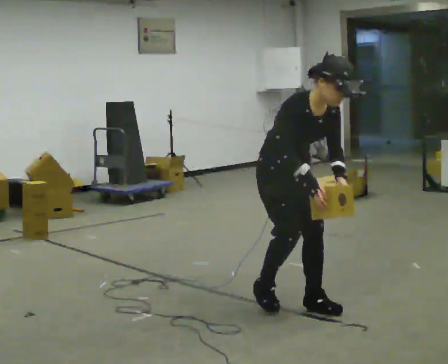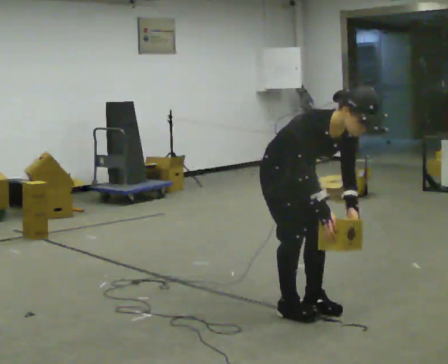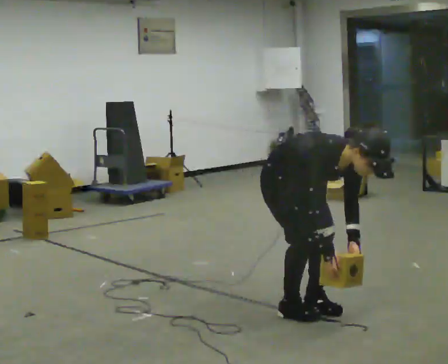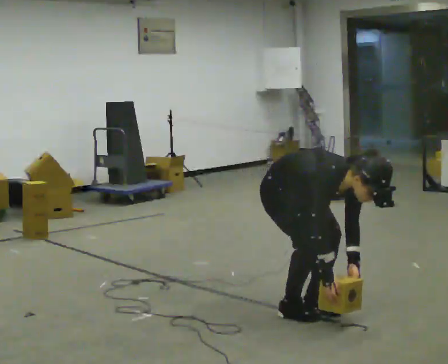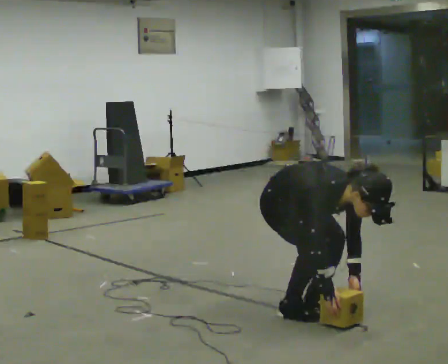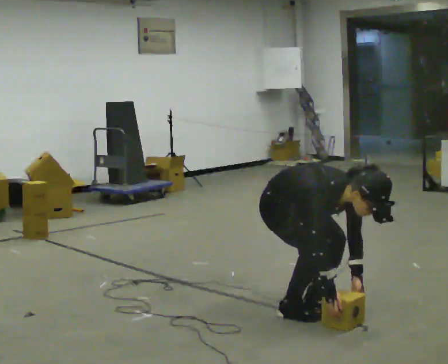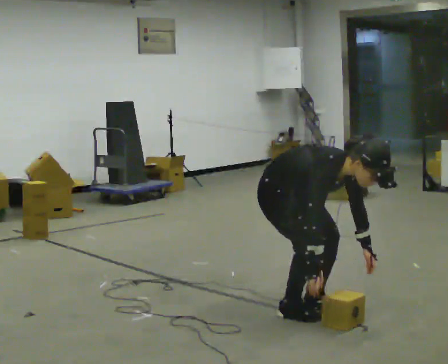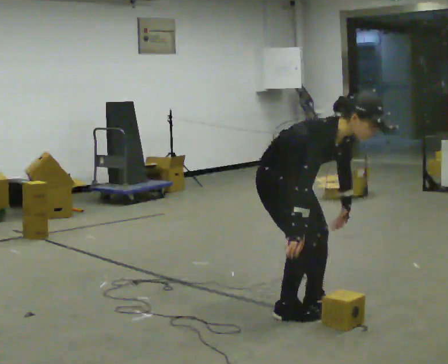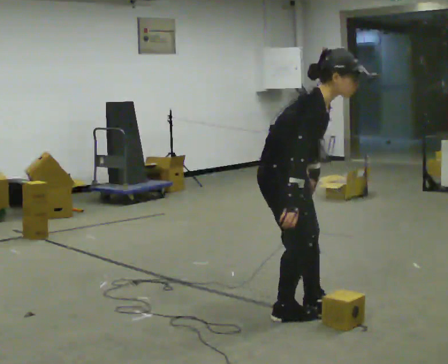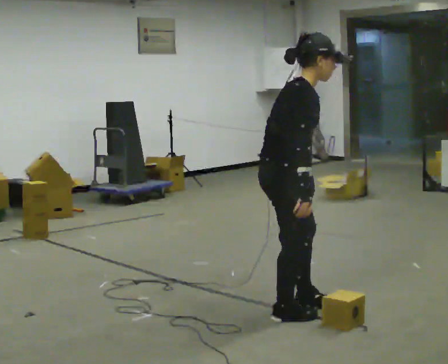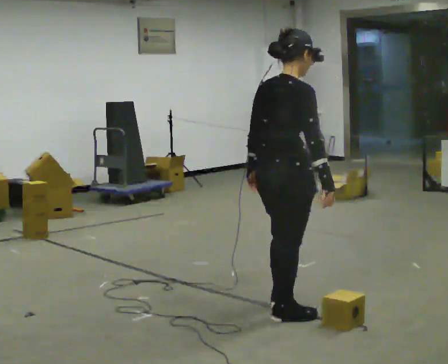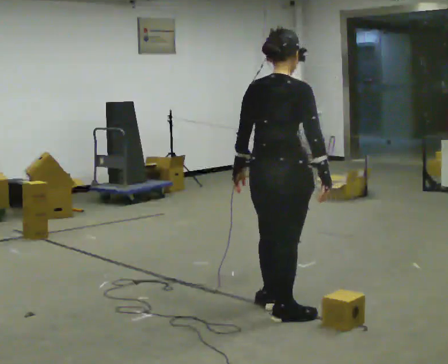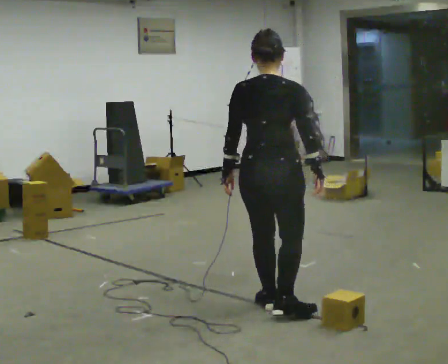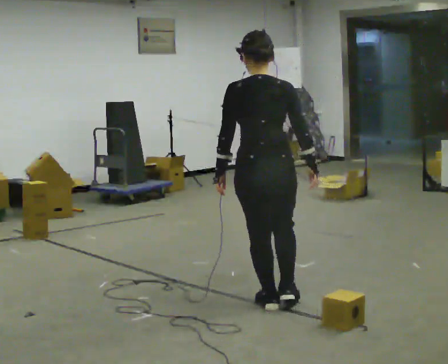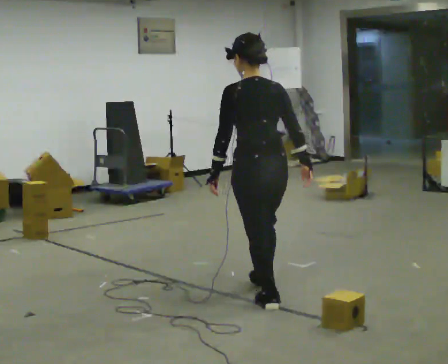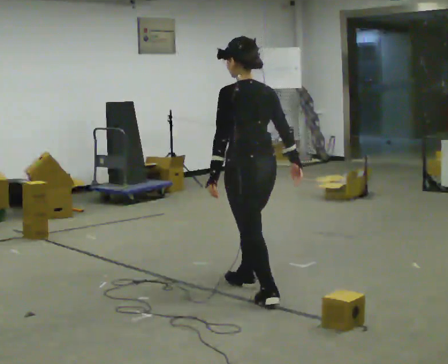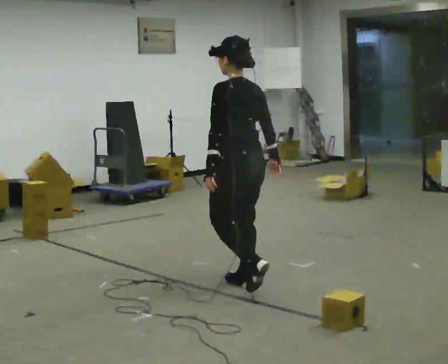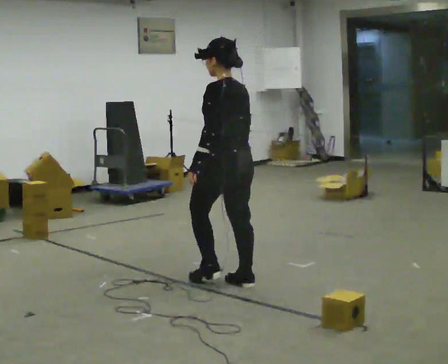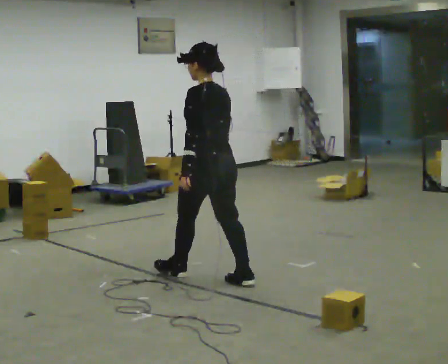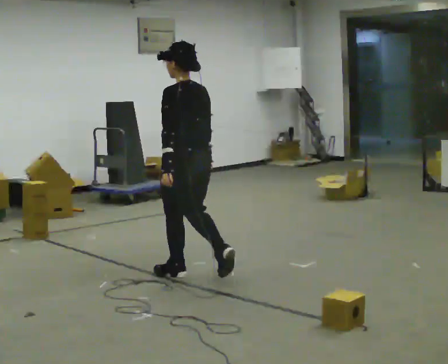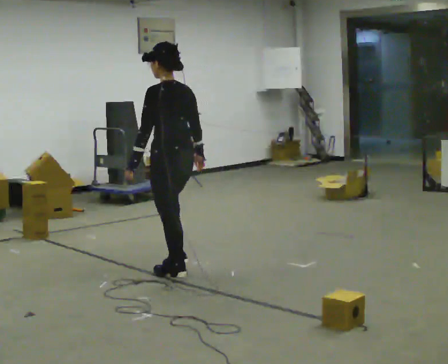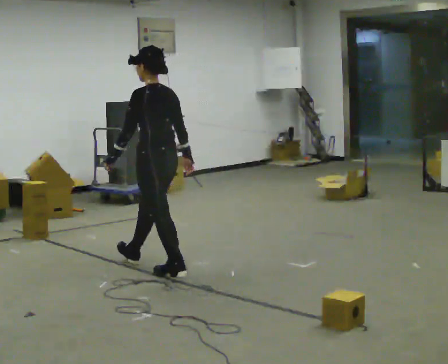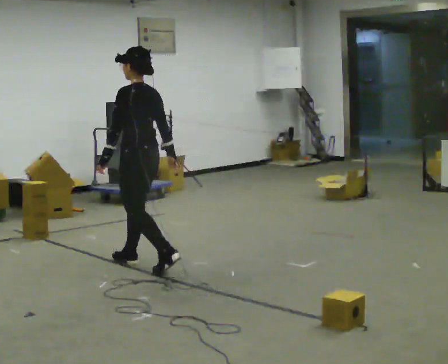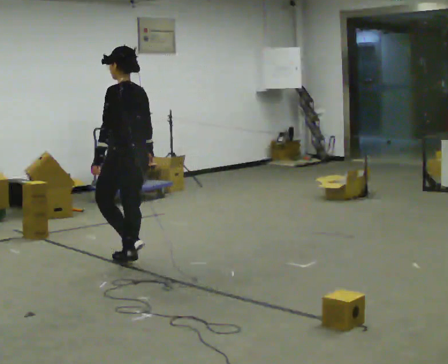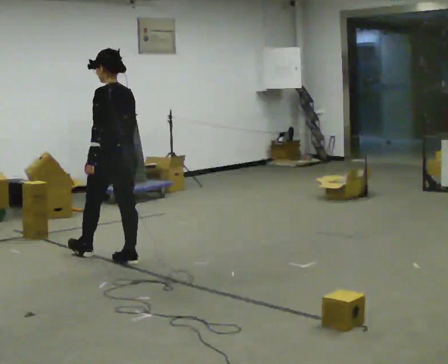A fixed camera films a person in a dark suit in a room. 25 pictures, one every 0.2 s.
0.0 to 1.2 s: In the picture their left hand goes downward.
1.2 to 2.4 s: The part of the body nearest the lens slides to the right as the person turns to their left by about 105 degrees. The shoulders move upward. In the picture the upper body tilts counterclockwise, shoulders to the left, as they lean back or straighten. In the picture their left hand goes to the left and upward, the arm swinging clockwise.
2.4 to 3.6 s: The part of the body nearest the lens slides to the right as the person turns to their left by about 60 degrees. In the picture they go away from the camera and to the left, about 0.75 m in 1 step.
3.6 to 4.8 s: In the picture they go to the left and away from the camera, about 1 m in 2 steps, which for them is forward.
The film runs forward here.
